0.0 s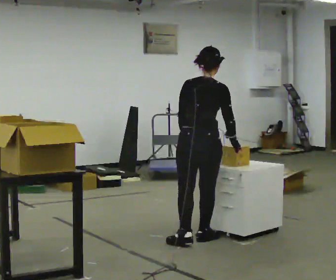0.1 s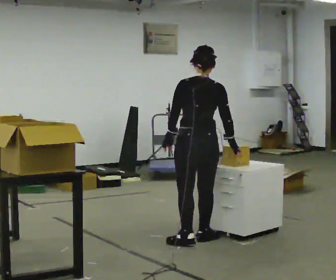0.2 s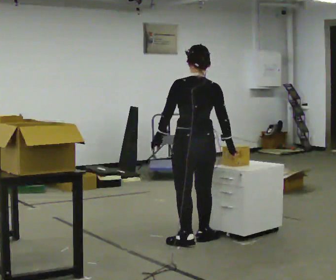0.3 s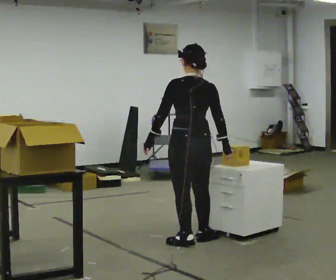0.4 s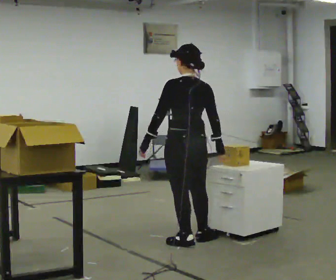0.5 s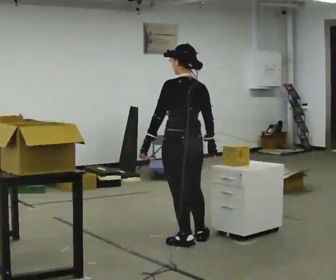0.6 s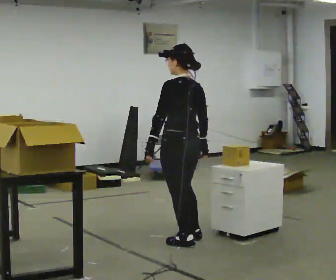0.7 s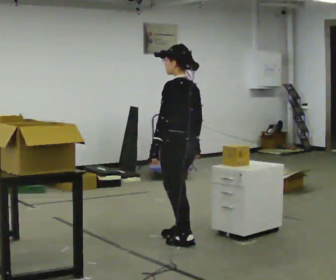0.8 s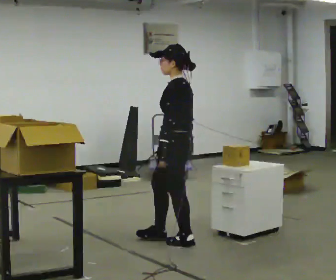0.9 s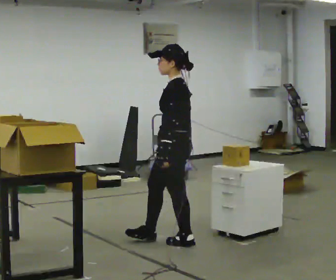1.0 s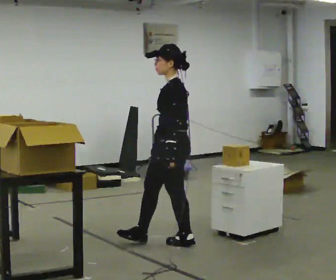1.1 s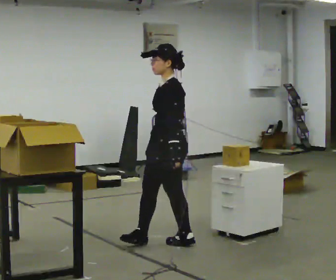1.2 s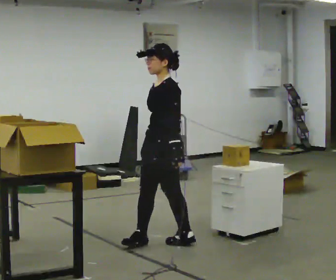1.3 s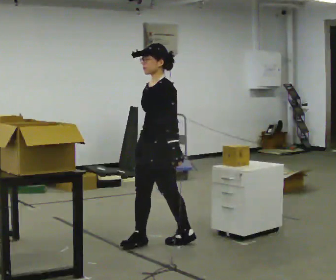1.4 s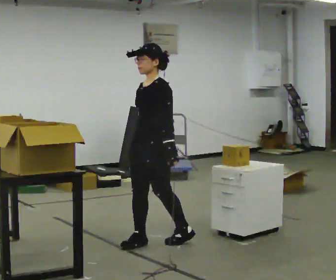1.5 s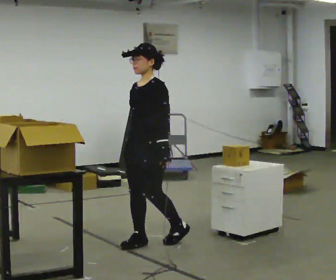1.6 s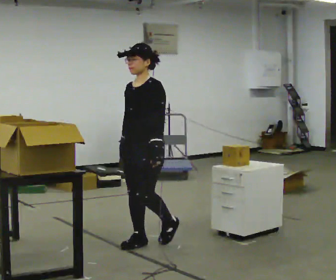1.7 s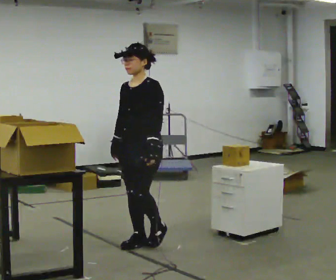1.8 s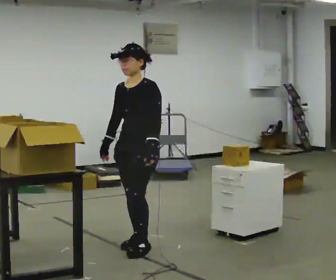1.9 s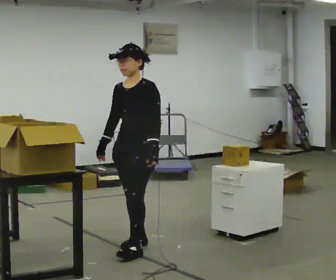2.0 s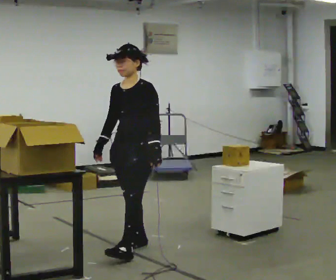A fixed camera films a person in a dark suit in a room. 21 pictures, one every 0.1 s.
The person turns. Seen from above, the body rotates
counterclockwise.
The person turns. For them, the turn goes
to their left.
0.0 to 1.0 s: The part of the body nearest the lens slides to the right as the person turns to their left by about 105 degrees. In the picture they go to the left, about 0.25 m in 1 step.
1.0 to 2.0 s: Seen from above the body turns counterclockwise, about 45 degrees: to their left, with its near side sliding to the right. In the picture they go to the left and toward the camera, about 0.25 m, which for them is forward.
The film runs forward here.
